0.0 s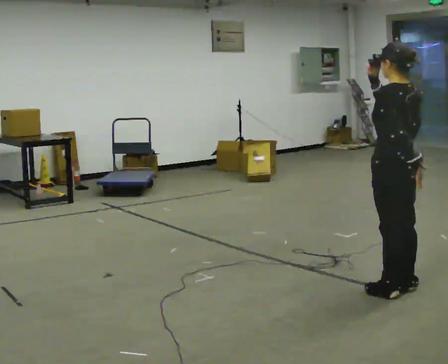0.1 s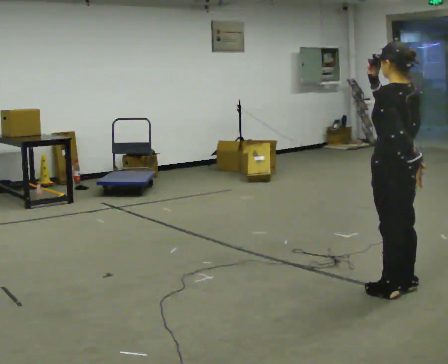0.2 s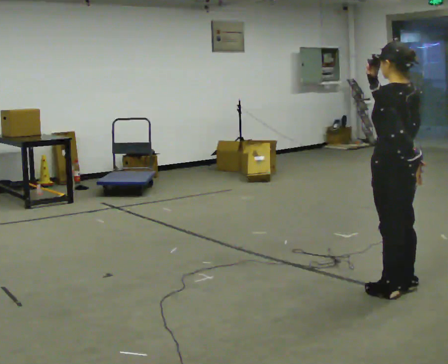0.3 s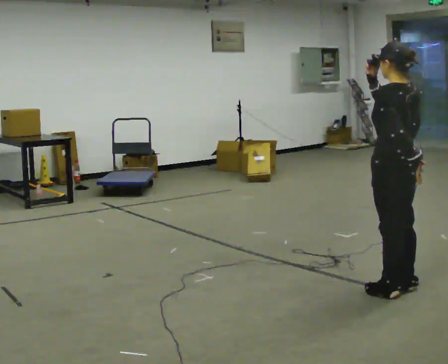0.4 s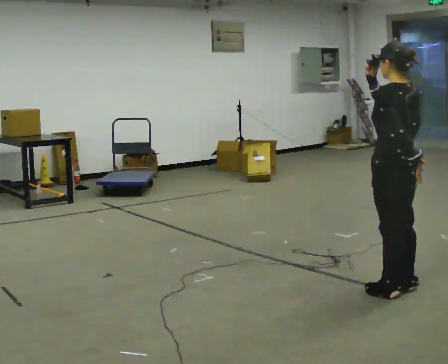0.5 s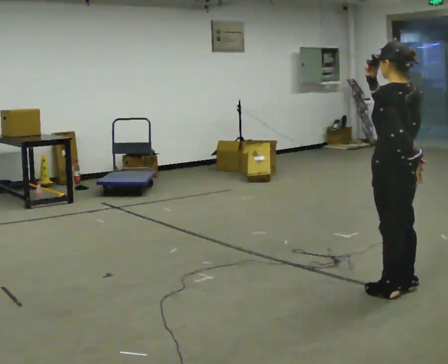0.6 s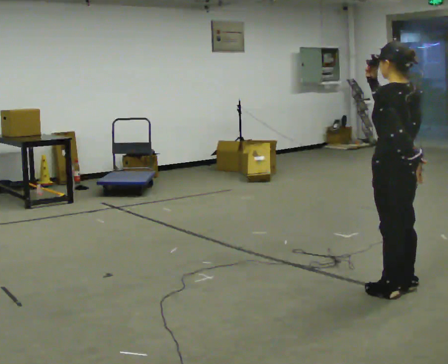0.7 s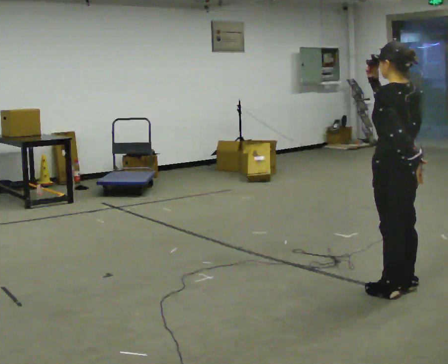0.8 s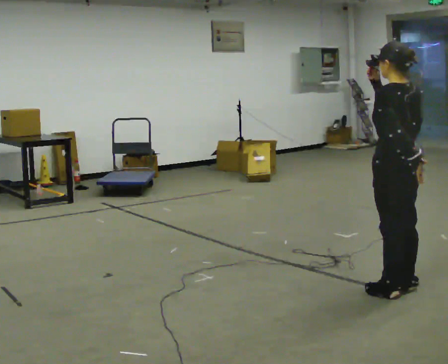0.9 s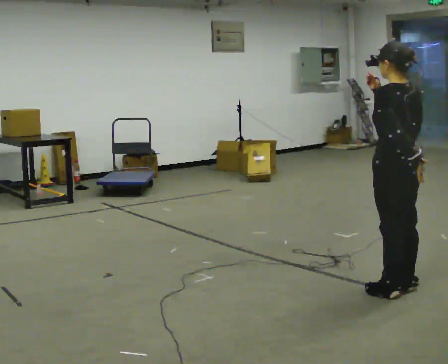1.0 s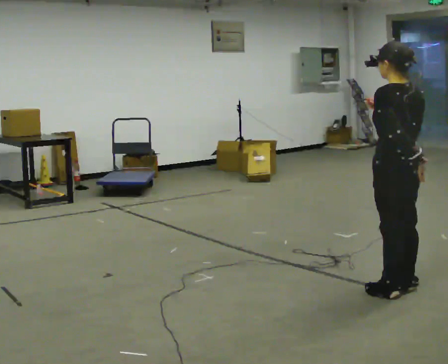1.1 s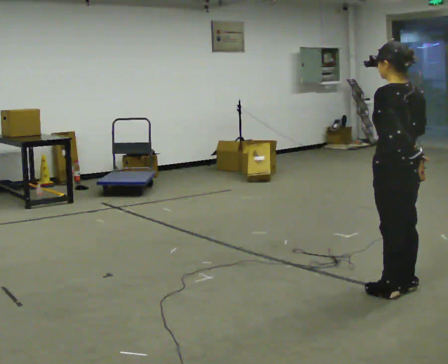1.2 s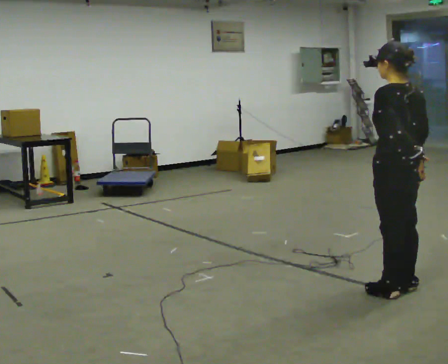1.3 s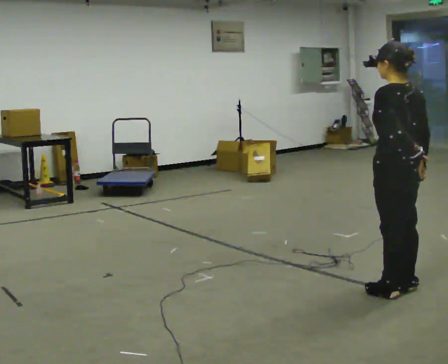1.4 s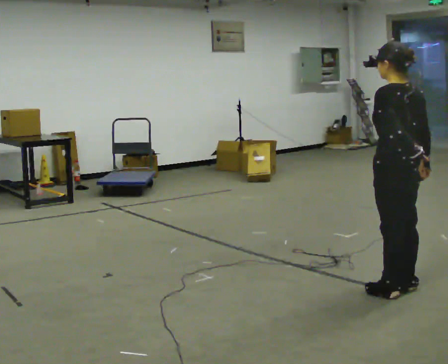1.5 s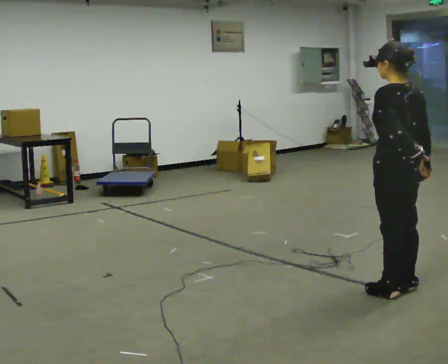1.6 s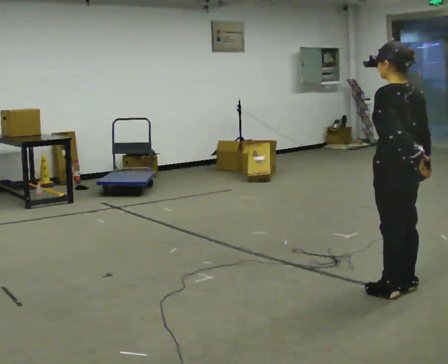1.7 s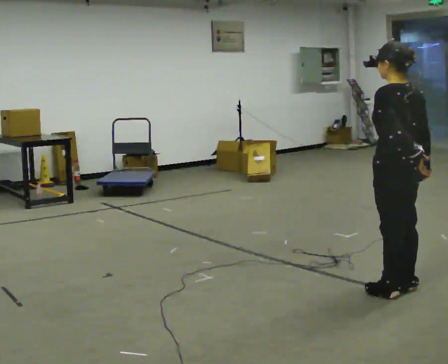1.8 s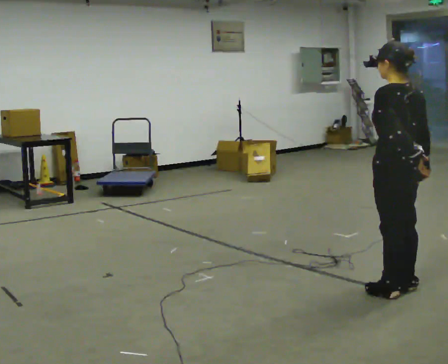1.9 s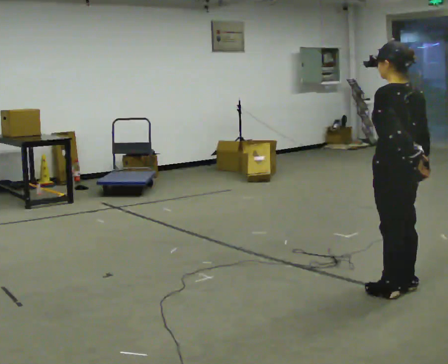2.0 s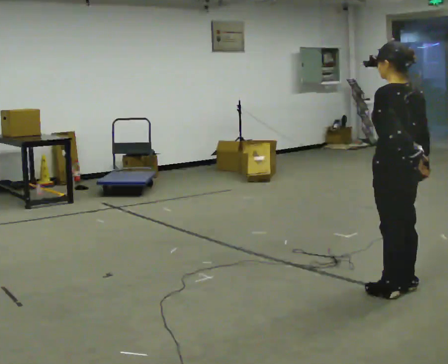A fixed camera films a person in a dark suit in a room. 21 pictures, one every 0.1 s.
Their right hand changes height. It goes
downward.
0.0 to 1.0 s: The person moves a little, or ends about where they began.
1.0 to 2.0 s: In the picture their right hand goes downward and to the right.
The film runs backward here.
